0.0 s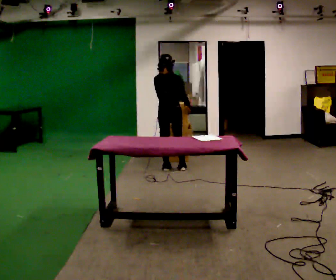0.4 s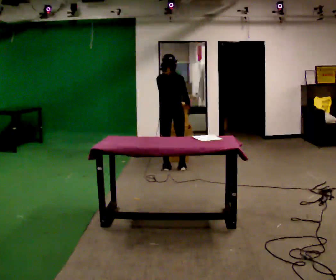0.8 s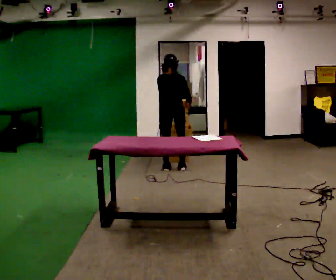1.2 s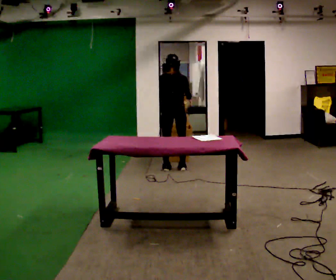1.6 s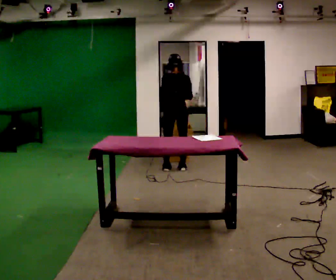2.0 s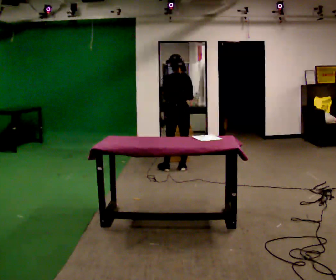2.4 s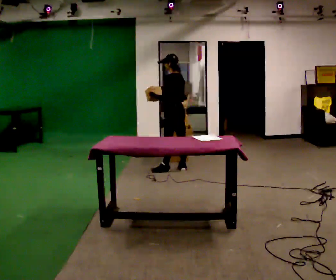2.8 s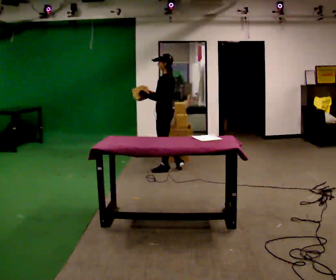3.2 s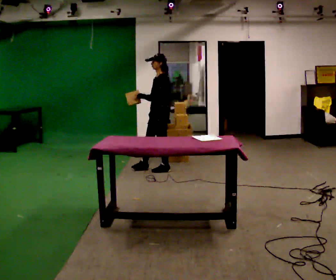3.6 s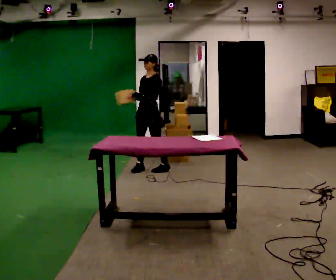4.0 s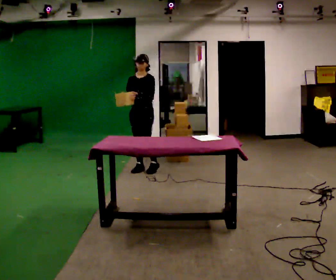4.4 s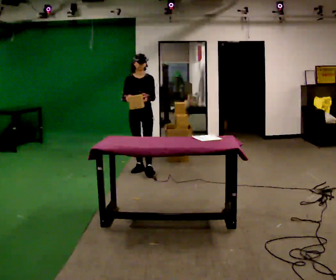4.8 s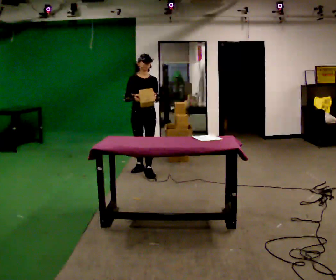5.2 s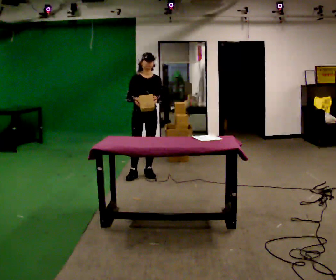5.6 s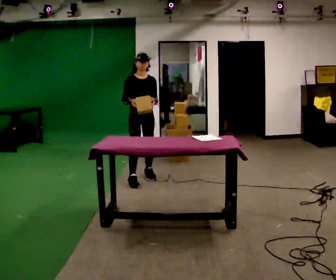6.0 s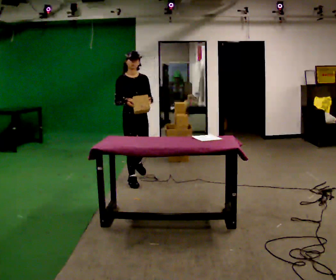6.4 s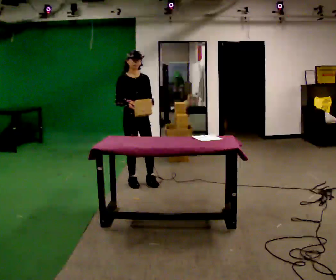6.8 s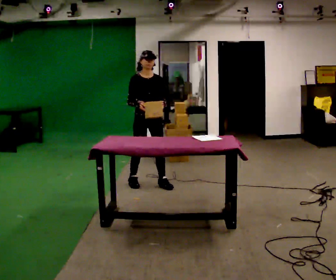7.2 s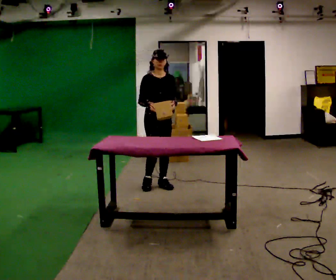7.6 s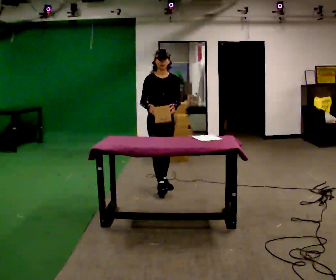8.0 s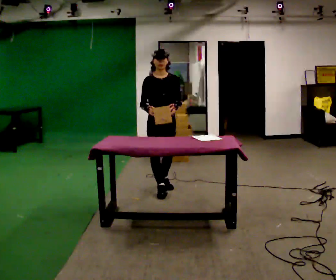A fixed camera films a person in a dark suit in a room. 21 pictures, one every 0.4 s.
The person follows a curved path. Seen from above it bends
counterclockwise.
The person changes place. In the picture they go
toward the camera.
0.0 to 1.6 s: The person moves a little, or ends about where they began.
1.6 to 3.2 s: Seen from above the body turns counterclockwise, about 105 degrees: to their left, with its near side sliding to the right. In the picture they go to the left, about 0.25 m. In the picture their left hand goes to the left.
3.2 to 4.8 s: The person turns about 75 degrees to their left, counterclockwise seen from above, so the part of the body nearest the lens slides to the right. In the picture they go to the left, about 0.25 m in 2 steps.
4.8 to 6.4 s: In the picture they go toward the camera, about 0.5 m in 1 step, which for them is forward.
6.4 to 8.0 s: In the picture they go toward the camera and to the right, about 0.5 m in 2 steps, which for them is forward and to their left.
The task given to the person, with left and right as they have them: 1. Read the list the operator gives you. 2. Collect the six items on the list from the shelves. 3. Put them all in the bin on the table. 4. Tell the operator when you are finished.
The film runs forward here.
